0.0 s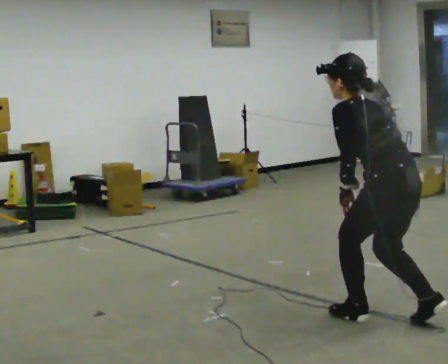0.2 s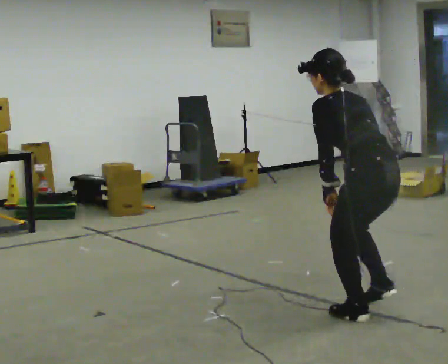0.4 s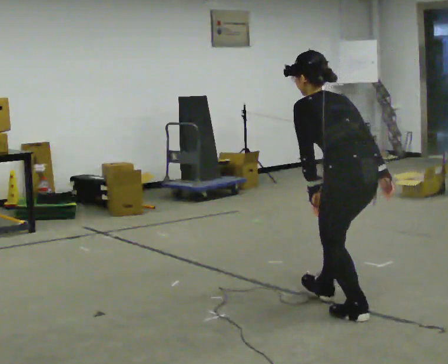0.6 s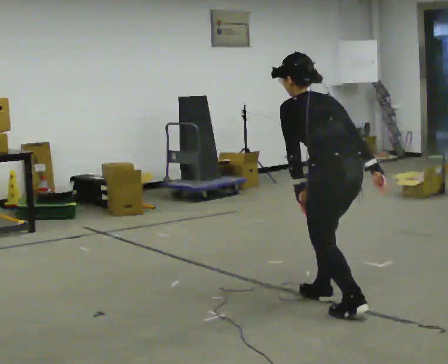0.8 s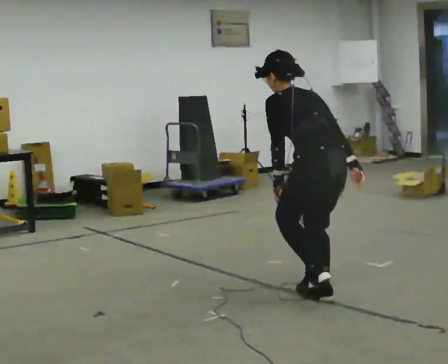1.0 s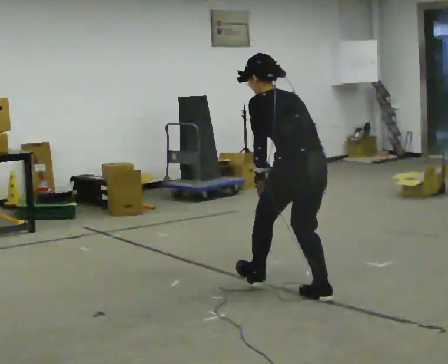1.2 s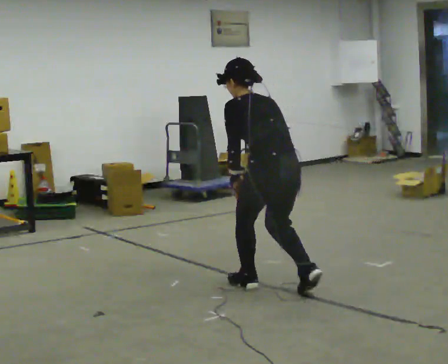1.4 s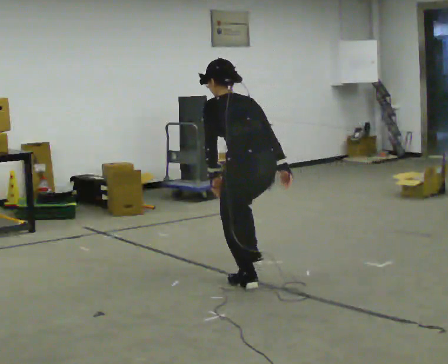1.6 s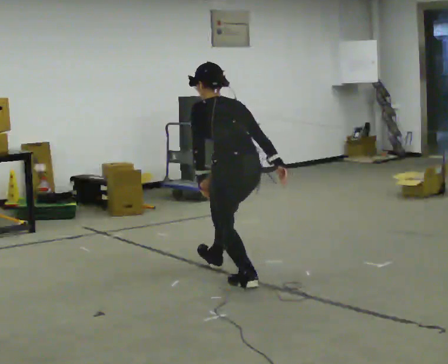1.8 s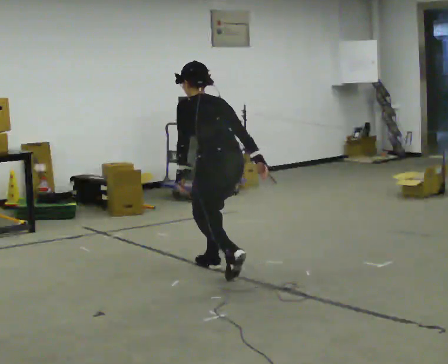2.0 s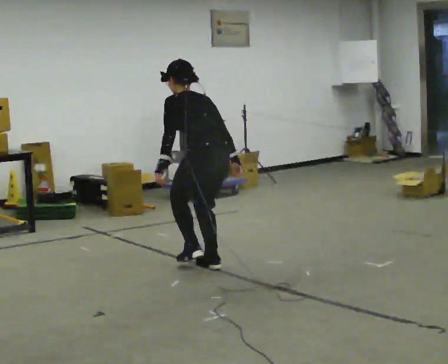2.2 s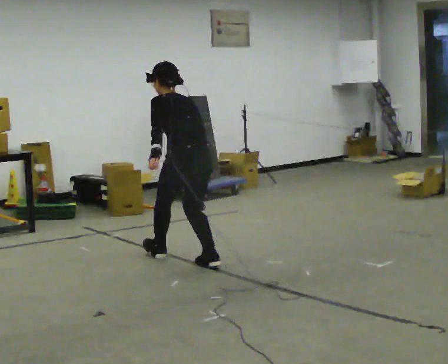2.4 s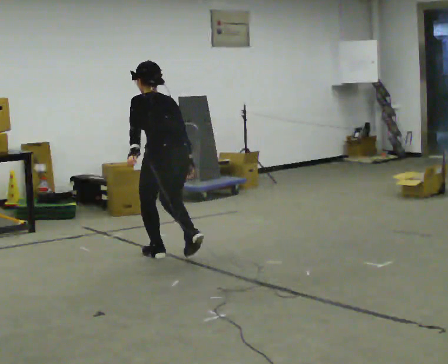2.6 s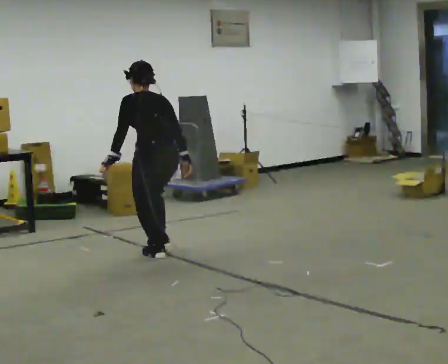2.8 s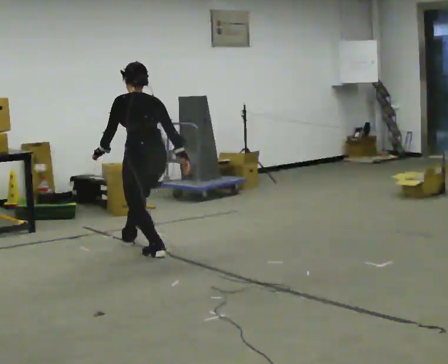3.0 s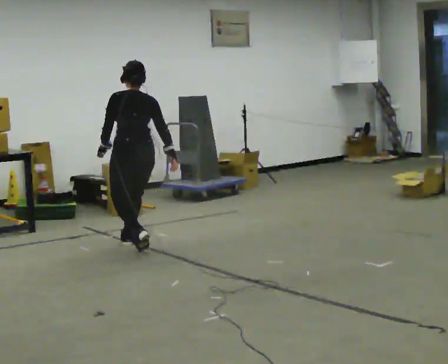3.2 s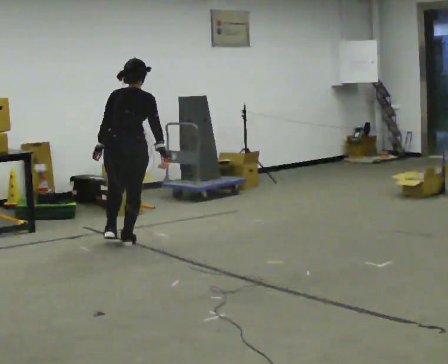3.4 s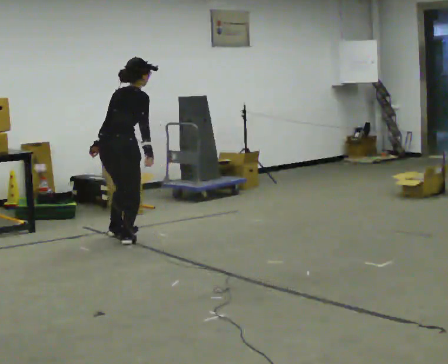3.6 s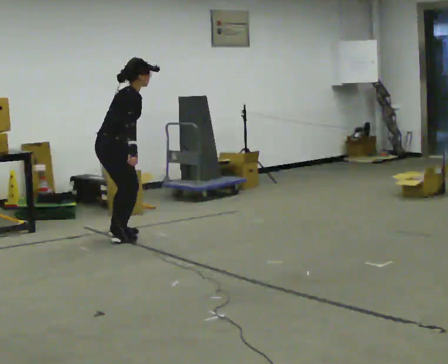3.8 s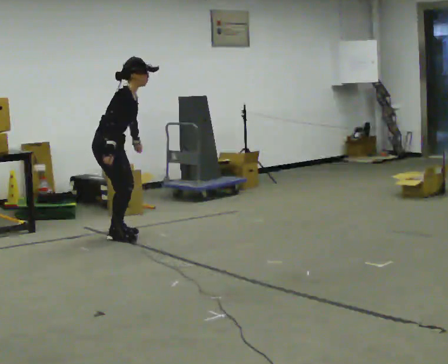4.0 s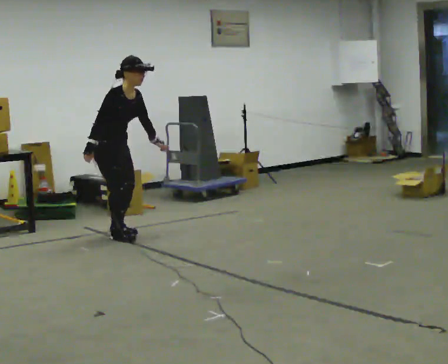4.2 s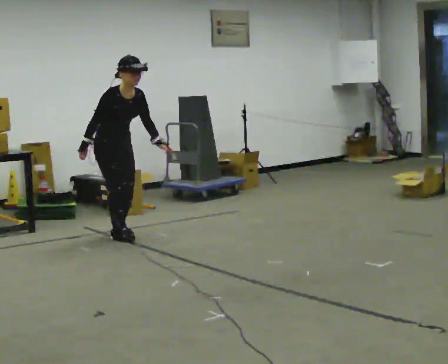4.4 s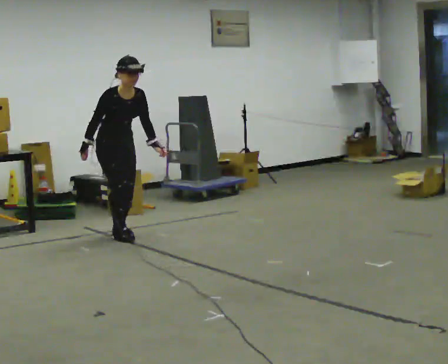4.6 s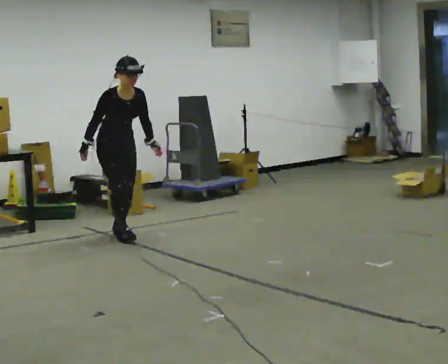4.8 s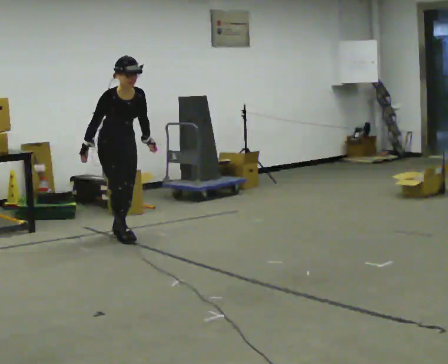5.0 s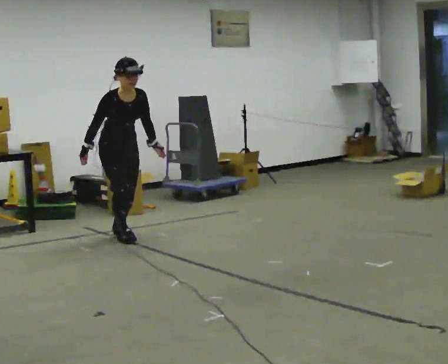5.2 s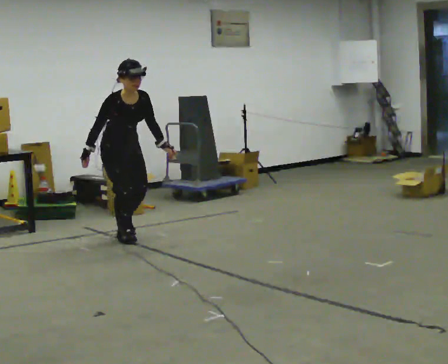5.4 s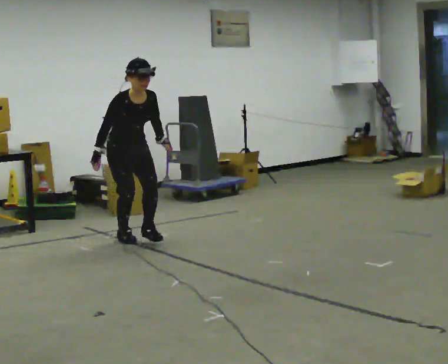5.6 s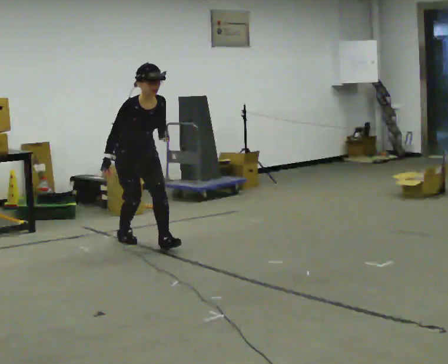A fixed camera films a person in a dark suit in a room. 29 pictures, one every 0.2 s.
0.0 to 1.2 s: In the picture they go away from the camera and to the left, about 1 m in 2 steps, which for them is forward.
1.2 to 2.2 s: In the picture they go away from the camera and to the left, about 1 m in 1 step, which for them is forward.
2.2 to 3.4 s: Seen from above the body turns clockwise, about 75 degrees: to their right, with its near side sliding to the left. In the picture they go away from the camera and to the left, about 1 m in 2 steps. In the picture the upper body tilts clockwise, shoulders to the right.
3.4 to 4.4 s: The person turns about 105 degrees to their right, clockwise seen from above, so the part of the body nearest the lens slides to the left. In the picture they go away from the camera, about 0.25 m in 2 steps. The upper body tips toward the camera, its near side rolling downward.
4.4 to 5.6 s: In the picture they go toward the camera and to the right, about 0.5 m, which for them is forward.
The film runs forward here.
